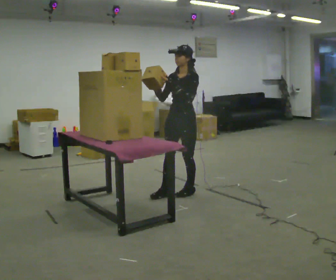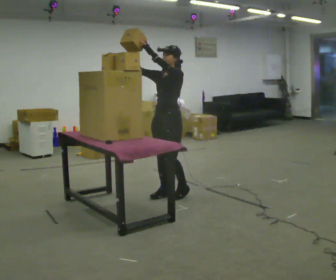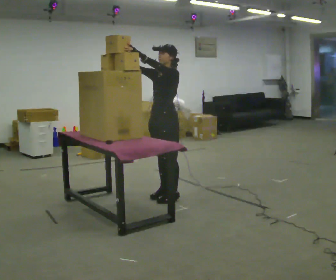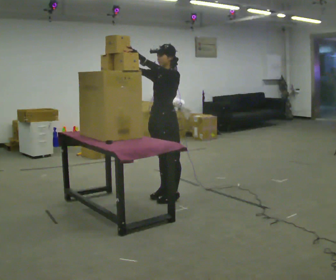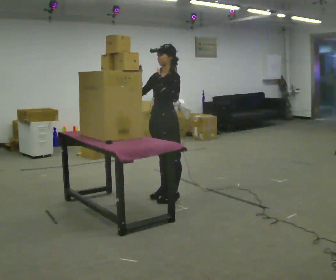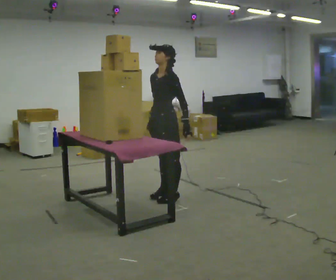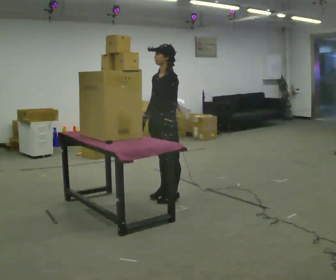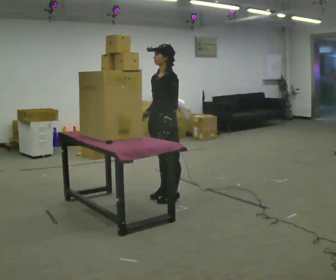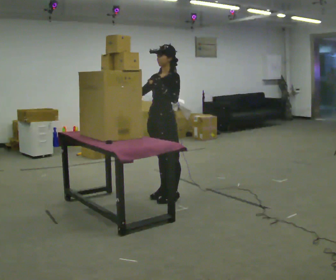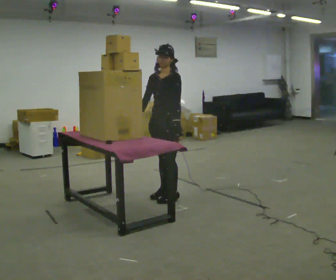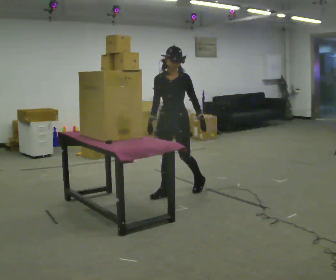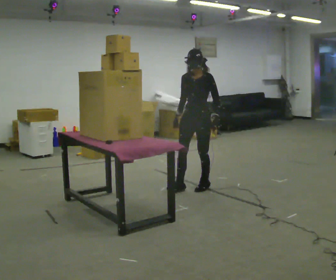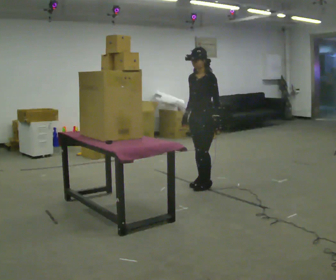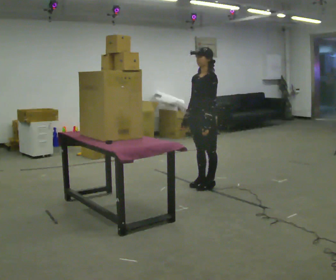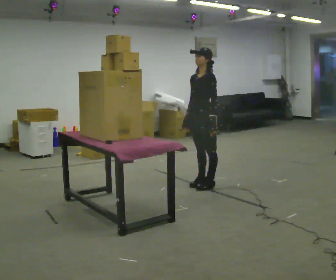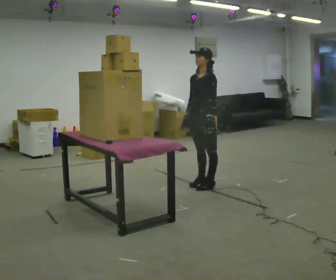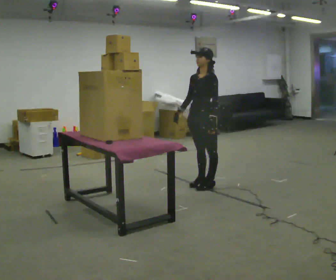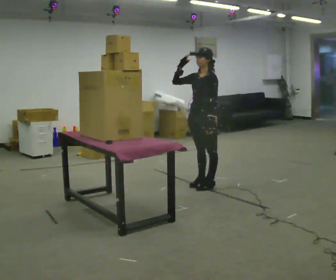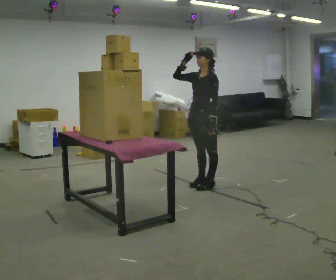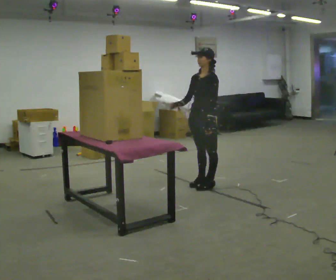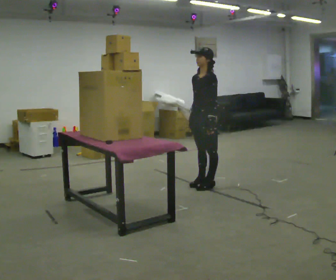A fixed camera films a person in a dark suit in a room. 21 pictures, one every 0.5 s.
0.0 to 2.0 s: In the picture they go to the left, about 0.25 m in 1 step, which for them is forward.
2.0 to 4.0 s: The person moves a little, or ends about where they began.
4.0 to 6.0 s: In the picture they go to the right and away from the camera, about 0.75 m in 2 steps, which for them is backward. In the picture their right hand goes downward.
6.0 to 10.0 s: The person moves a little, or ends about where they began.
The film runs forward here.
